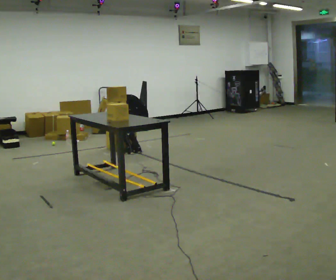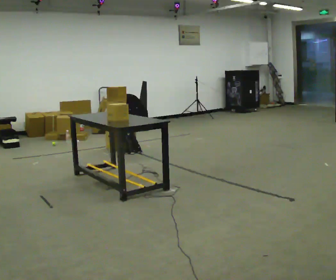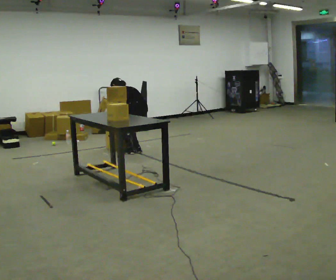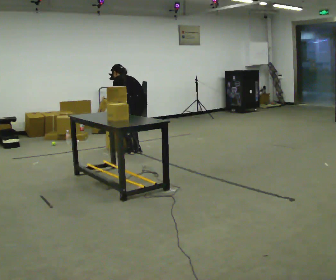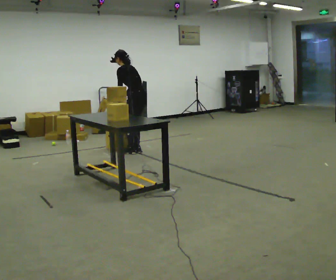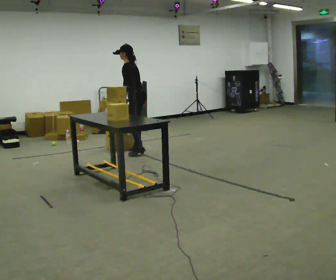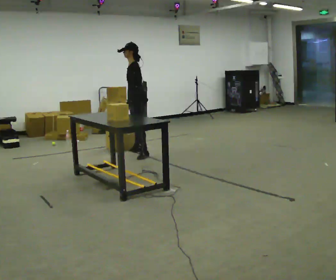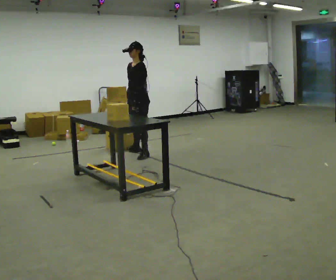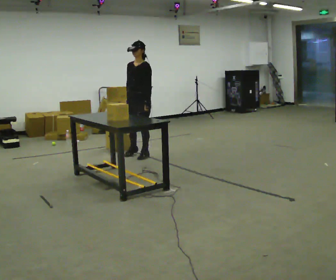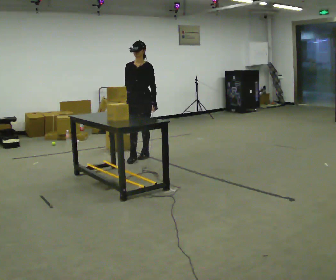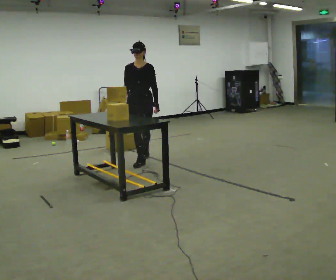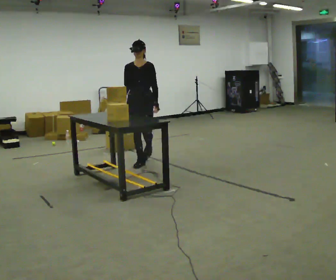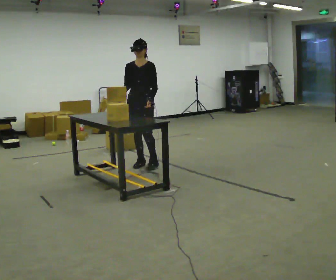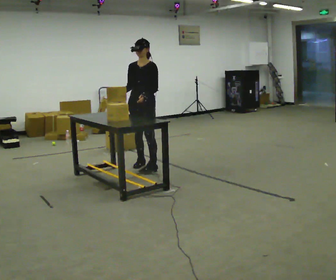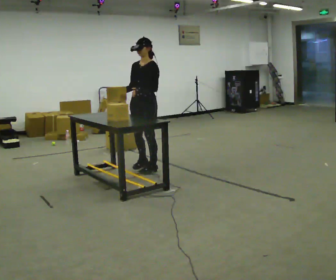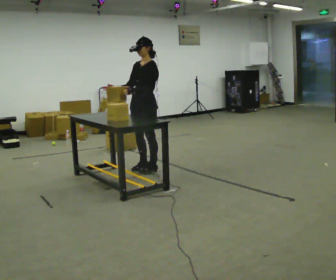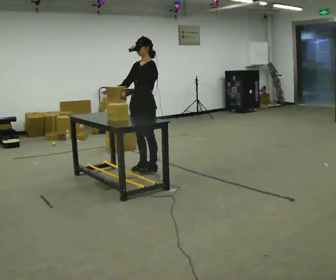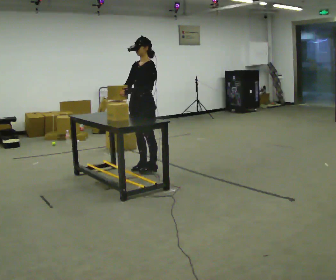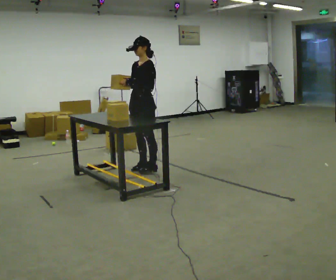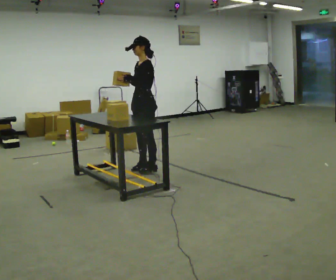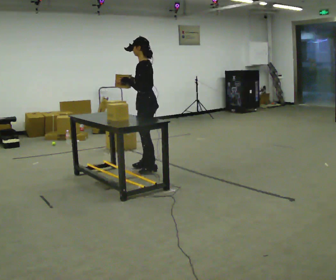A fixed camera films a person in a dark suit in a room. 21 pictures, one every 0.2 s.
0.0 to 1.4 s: The part of the body nearest the lens slides to the right as the person turns to their left by about 90 degrees. The upper body goes upward. The upper body tips toward the camera, its near side rolling downward, as they lean back or straighten. In the picture their left hand goes upward and to the right.
1.4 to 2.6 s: In the picture they go toward the camera, about 0.5 m in 2 steps, which for them is forward.
2.6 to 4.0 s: Seen from above the body turns clockwise, about 60 degrees: to their right, with its near side sliding to the left.
The film runs forward here.
